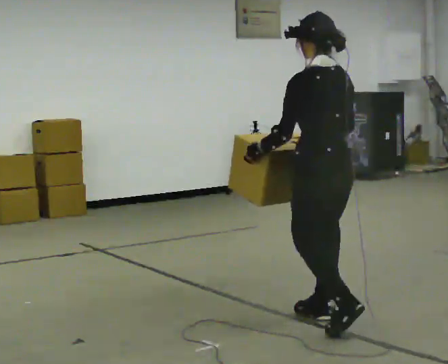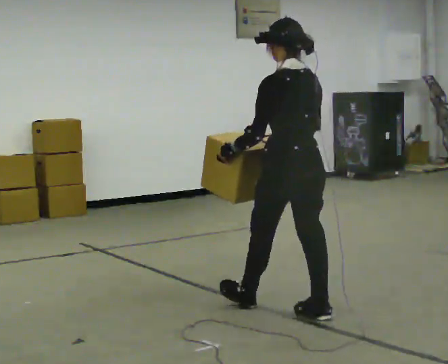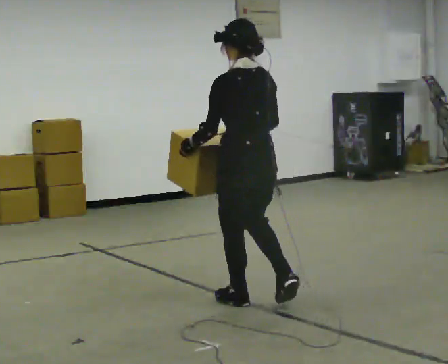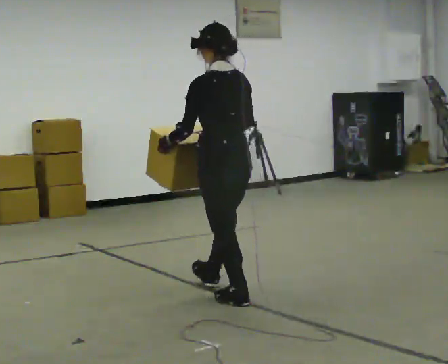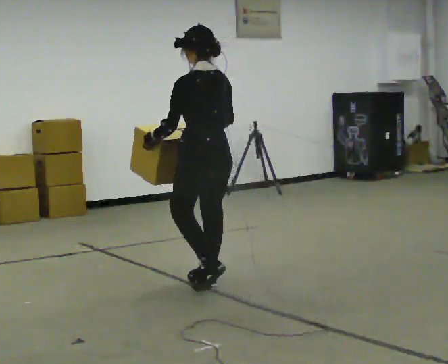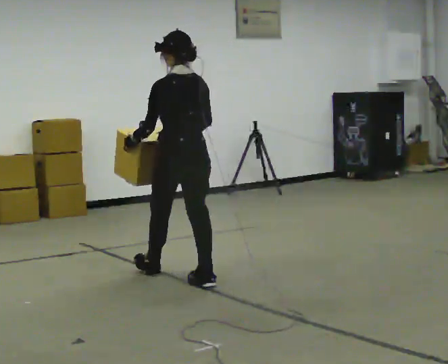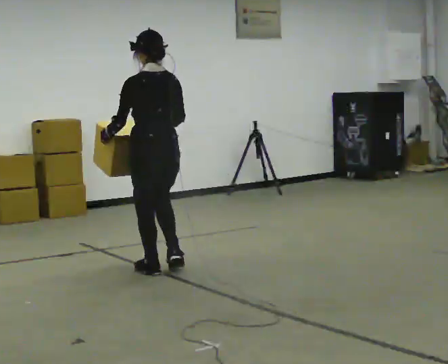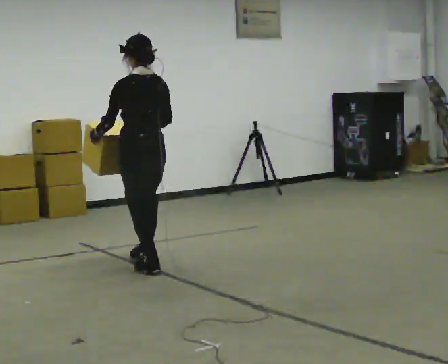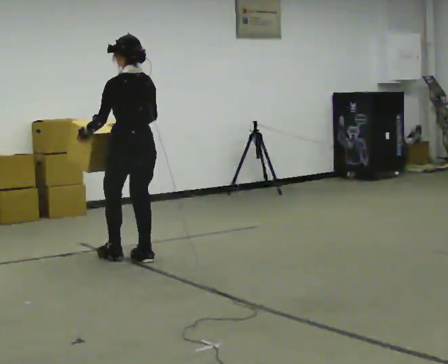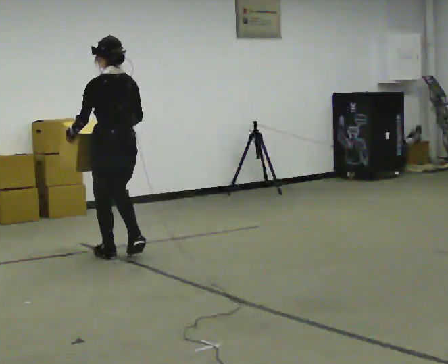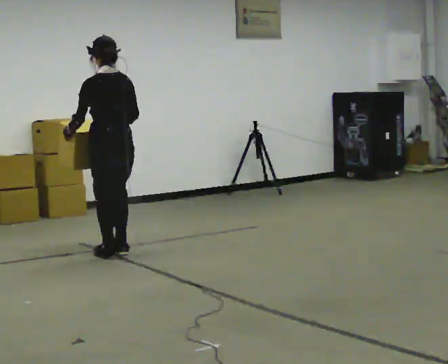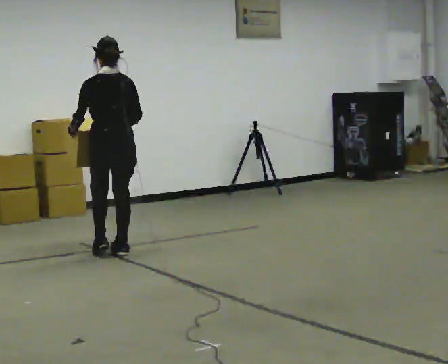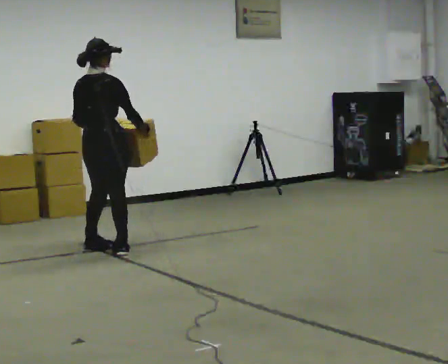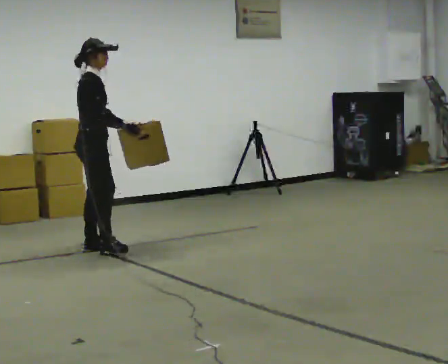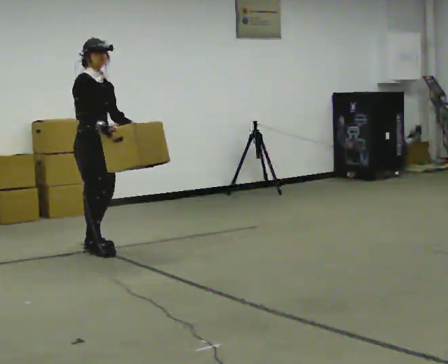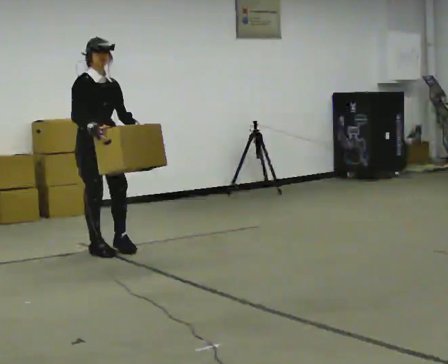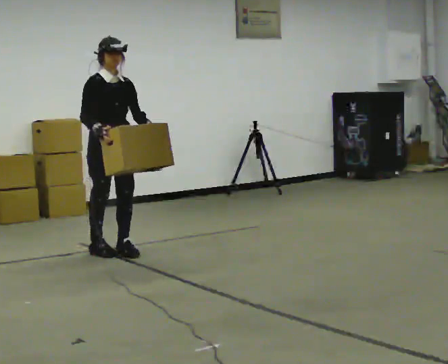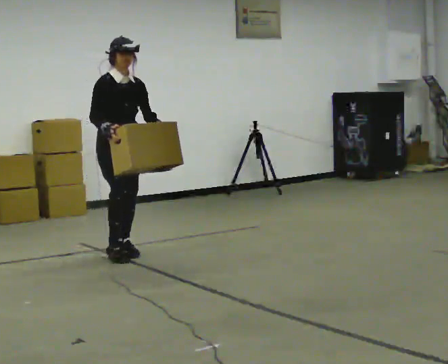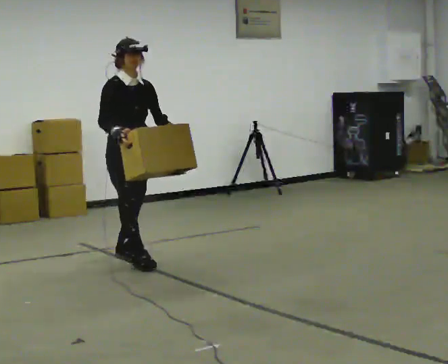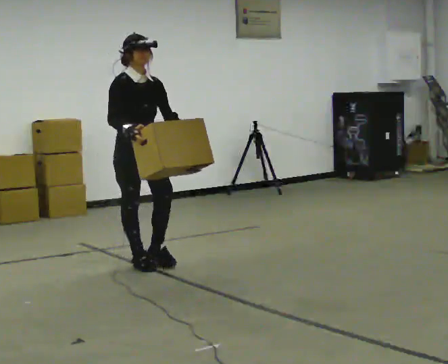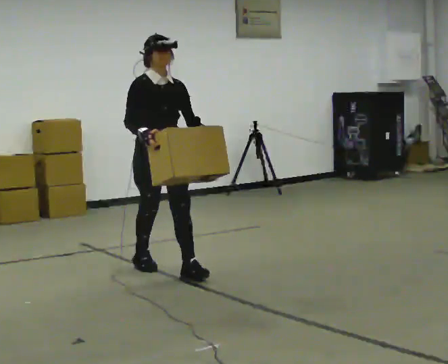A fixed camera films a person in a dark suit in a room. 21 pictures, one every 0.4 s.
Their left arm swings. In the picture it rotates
counterclockwise.
0.0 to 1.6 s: In the picture they go away from the camera and to the left, about 1 m in 2 steps, which for them is forward.
1.6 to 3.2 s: In the picture they go away from the camera and to the left, about 1 m in 2 steps, which for them is forward.
3.2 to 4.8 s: The part of the body nearest the lens slides to the left as the person turns to their right by about 75 degrees. In the picture they go away from the camera and to the left, about 0.5 m in 3 steps.
4.8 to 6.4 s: Seen from above the body turns clockwise, about 105 degrees: to their right, with its near side sliding to the left. In the picture their right hand goes to the left.
6.4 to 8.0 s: In the picture they go toward the camera and to the right, about 0.5 m in 2 steps, which for them is forward.
The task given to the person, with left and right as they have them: Carry the heavy box in both hands in front of you, walking back and forth across the room. Keep walking until the operator says stop. Set it down if you need a rest.
The film runs forward here.
